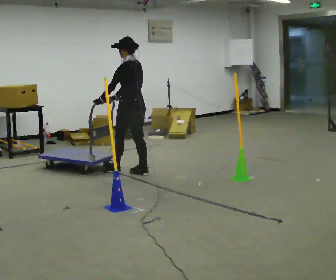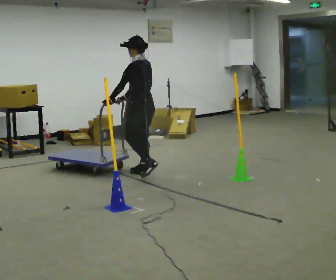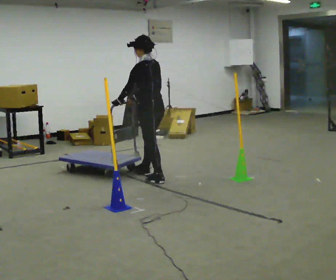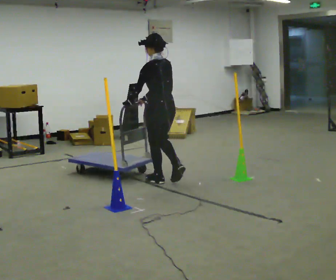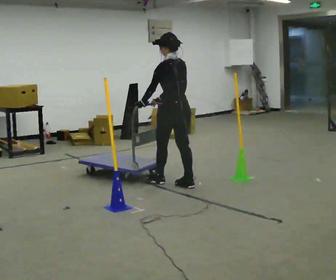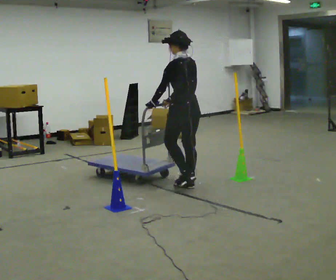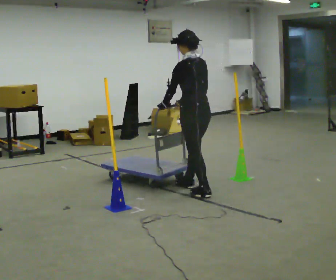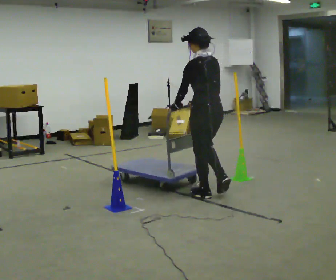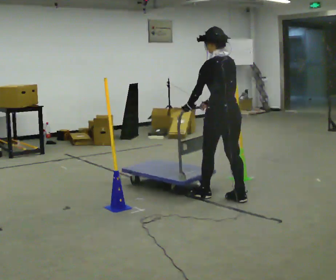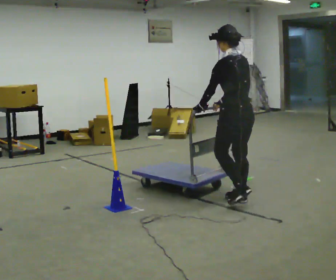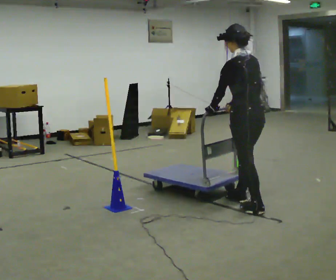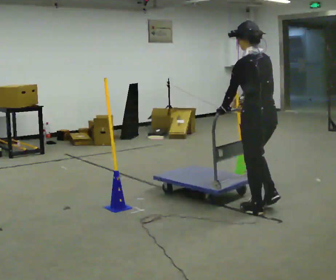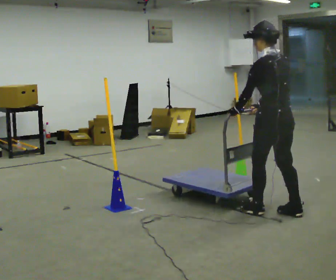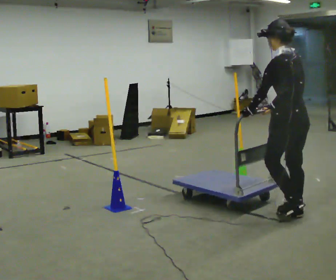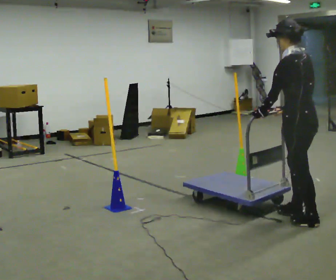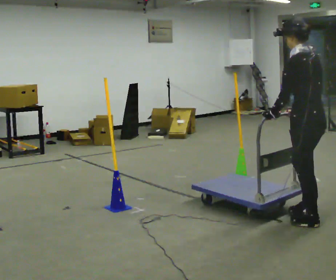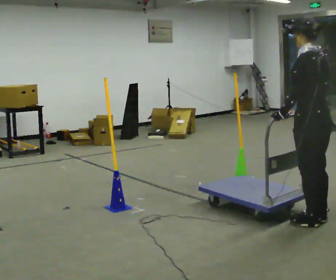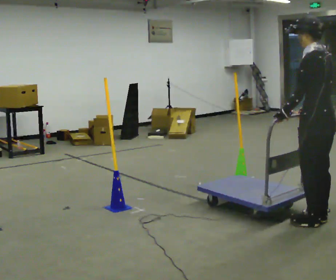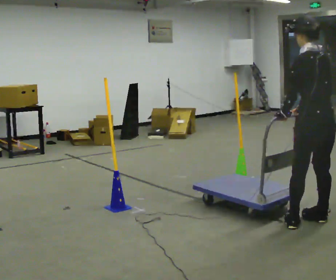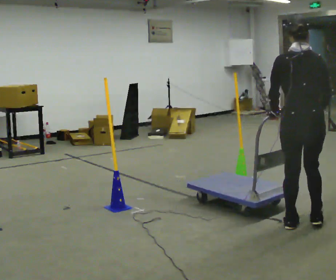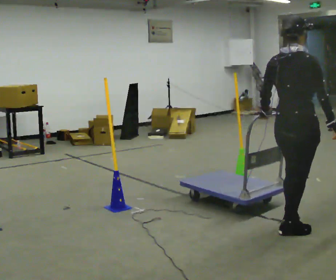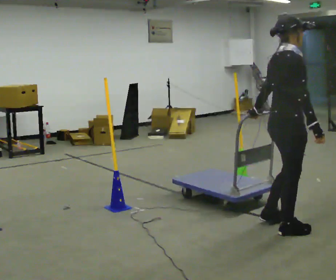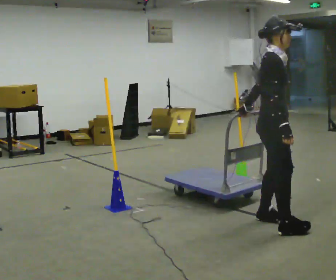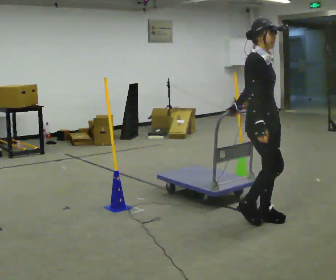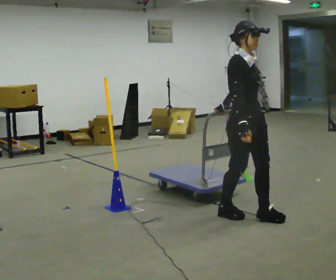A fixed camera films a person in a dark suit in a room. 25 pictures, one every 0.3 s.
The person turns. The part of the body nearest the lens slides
to the left.
The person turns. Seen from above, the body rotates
clockwise.
0.0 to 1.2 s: In the picture they go to the right and toward the camera, about 0.5 m in 2 steps, which for them is backward.
1.2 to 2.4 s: In the picture they go to the right and toward the camera, about 0.5 m in 1 step, which for them is backward.
2.4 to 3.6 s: In the picture they go to the right and toward the camera, about 0.5 m in 2 steps, which for them is backward.
3.6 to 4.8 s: In the picture they go to the right and toward the camera, about 0.5 m in 2 steps, which for them is backward.
4.8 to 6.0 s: The person turns about 90 degrees to their right, clockwise seen from above, so the part of the body nearest the lens slides to the left. In the picture they go to the left, about 0.25 m in 2 steps.
6.0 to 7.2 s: Seen from above the body turns clockwise, about 90 degrees: to their right, with its near side sliding to the left. In the picture they go to the left and away from the camera, about 0.5 m in 2 steps.
The film runs backward here.
